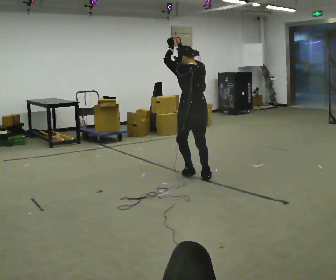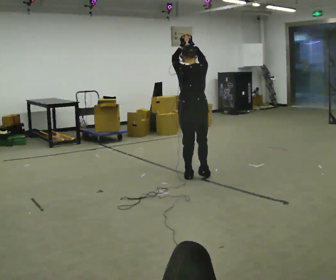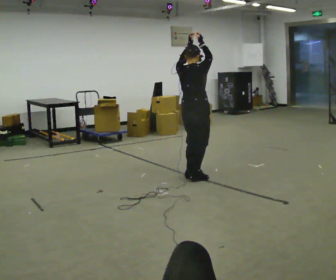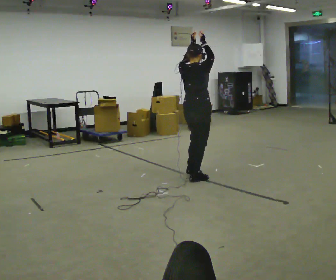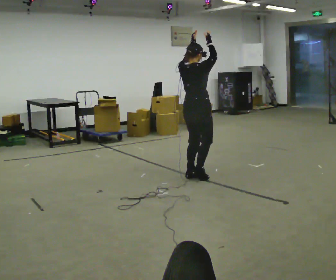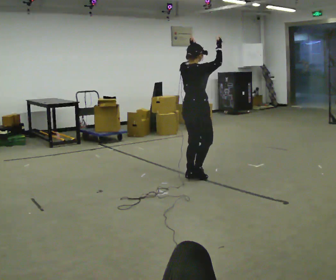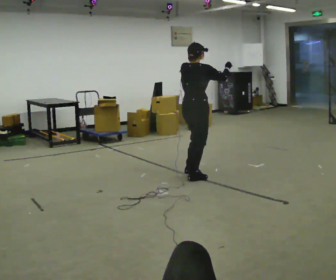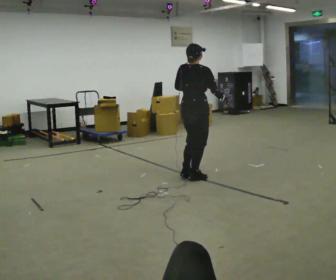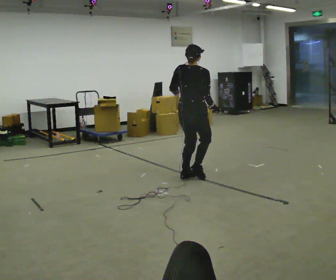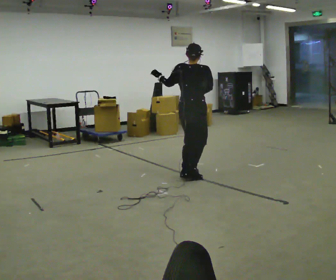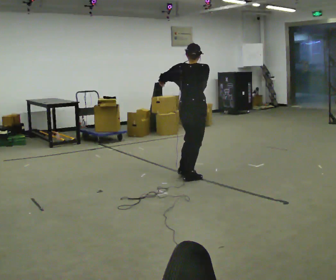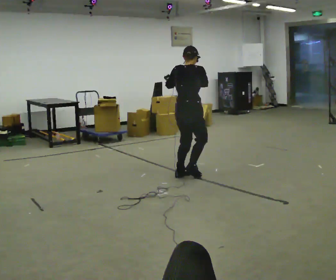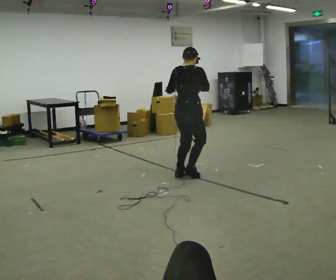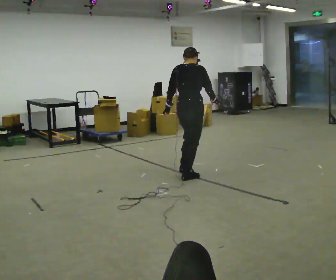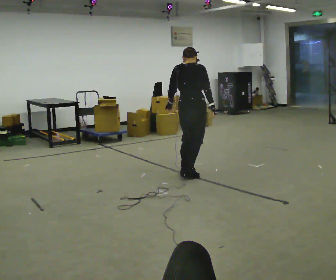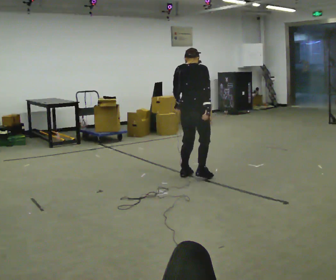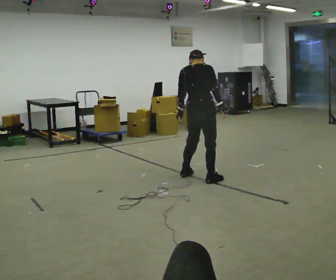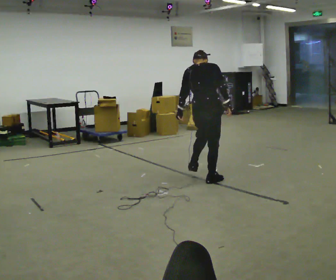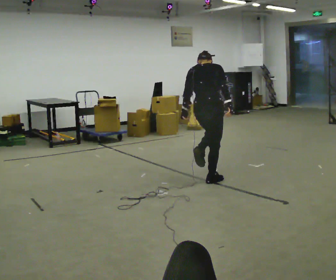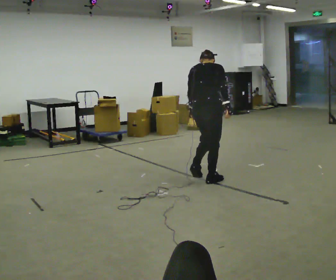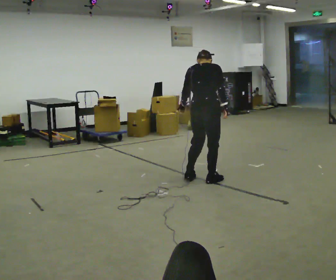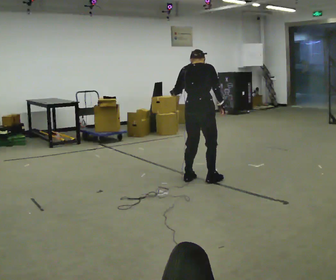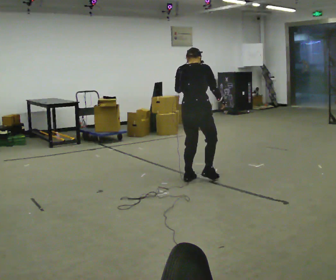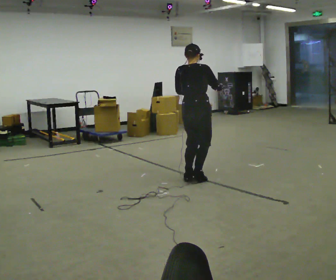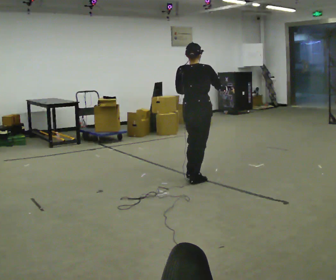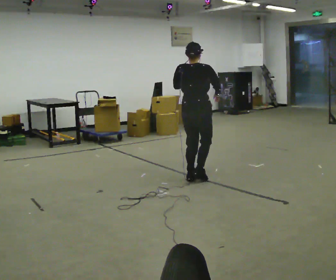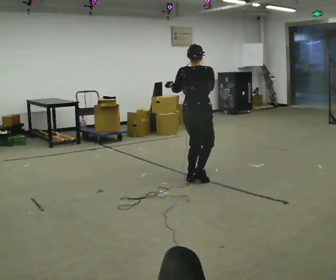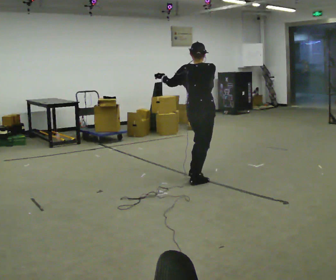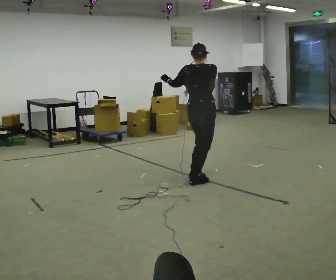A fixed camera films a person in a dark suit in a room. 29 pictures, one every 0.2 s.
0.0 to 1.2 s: The part of the body nearest the lens slides to the left as the person turns to their right by about 75 degrees. In the picture their right hand goes to the right, the arm swinging clockwise.
1.2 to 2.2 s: In the picture their right hand goes to the left.
2.2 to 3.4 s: In the picture they go to the right and toward the camera, about 0.25 m in 2 steps, which for them is to their right. In the picture their right hand goes to the right and downward.
3.4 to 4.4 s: The person moves a little, or ends about where they began.
4.4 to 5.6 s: In the picture their right hand goes to the left.
The film runs backward here.
